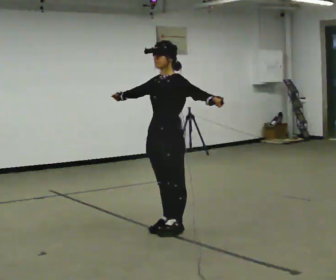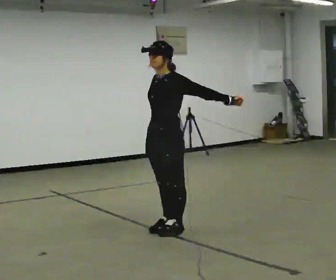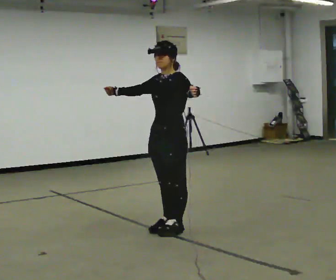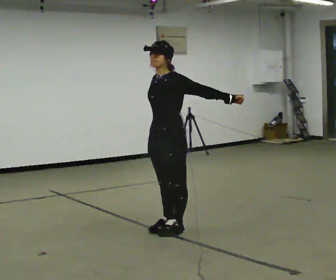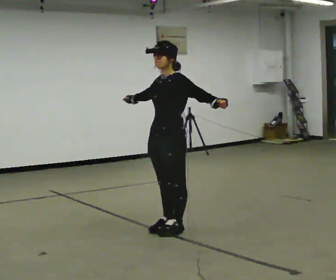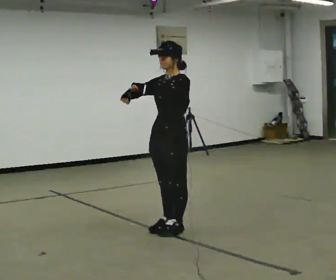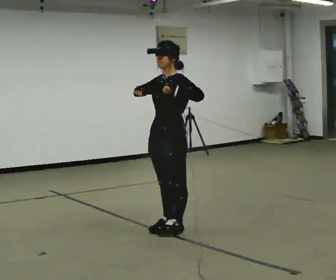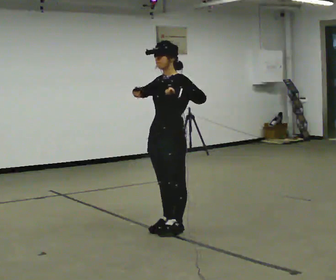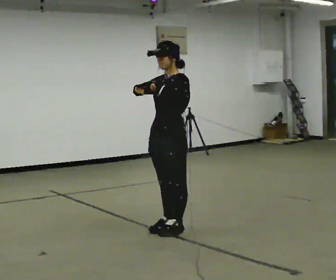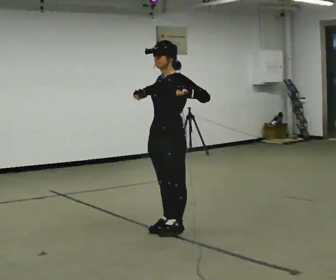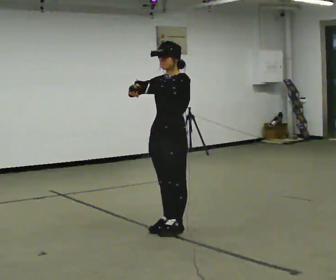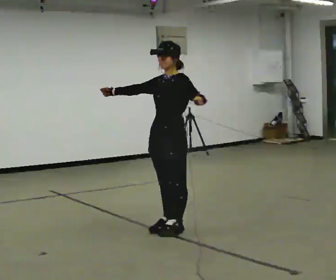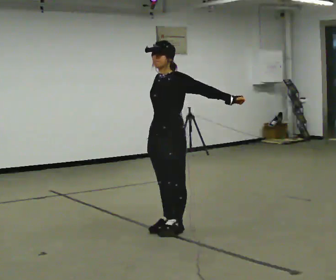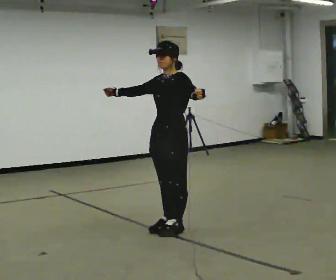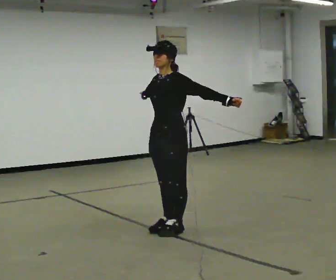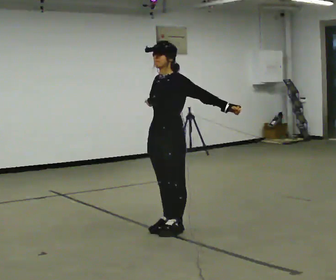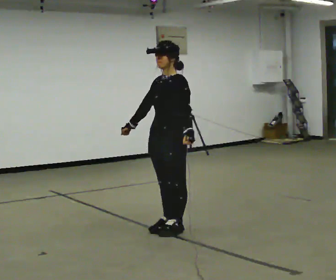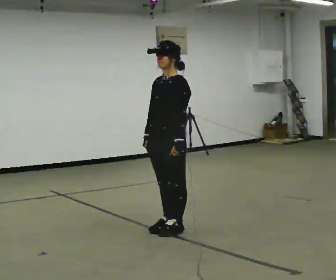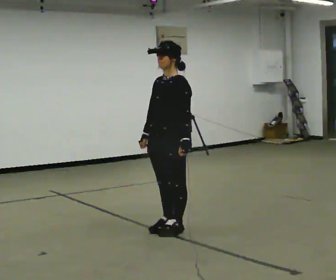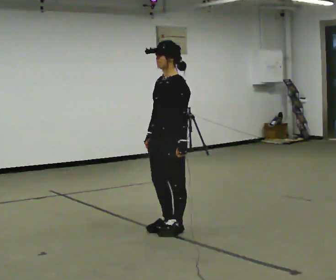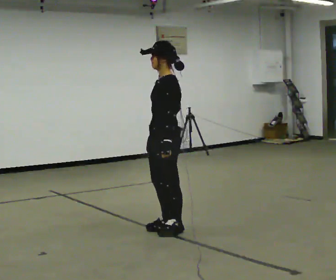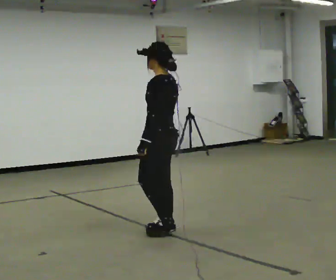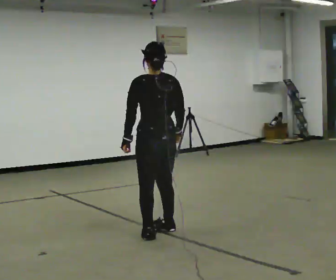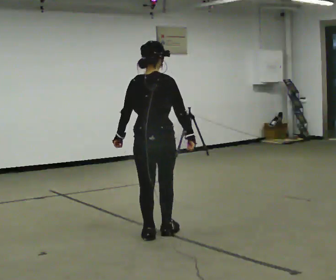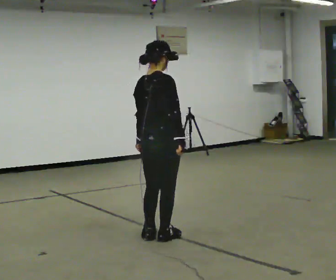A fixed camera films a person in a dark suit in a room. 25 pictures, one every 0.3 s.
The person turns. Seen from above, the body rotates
clockwise.
The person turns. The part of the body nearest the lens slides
to the left.
0.0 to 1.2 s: The person moves a little, or ends about where they began.
1.2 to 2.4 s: In the picture their left hand goes to the left.
2.4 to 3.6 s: In the picture their left hand goes to the right.
3.6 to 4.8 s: In the picture their left hand goes to the left.
4.8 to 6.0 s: Seen from above the body turns clockwise, about 30 degrees: to their right, with its near side sliding to the left.
6.0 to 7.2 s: The part of the body nearest the lens slides to the left as the person turns to their right by about 135 degrees. In the picture they go toward the camera, about 0.25 m in 2 steps.
The film runs forward here.
